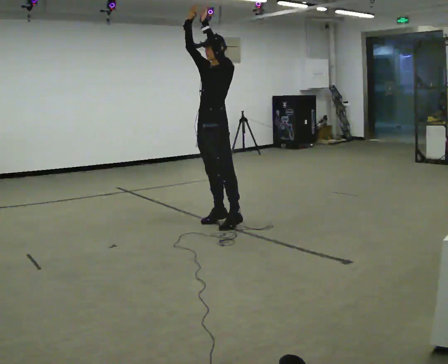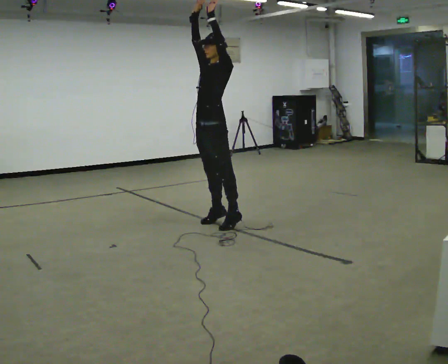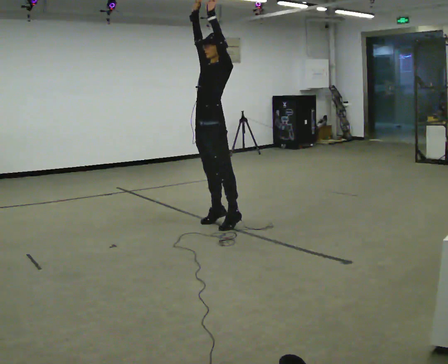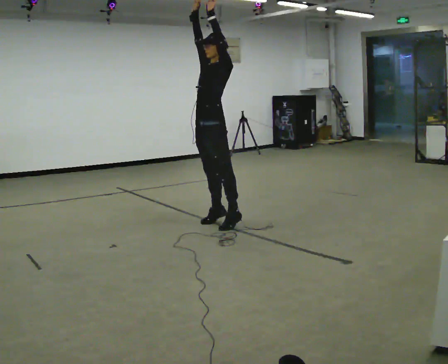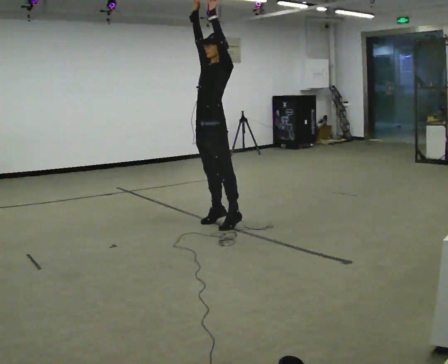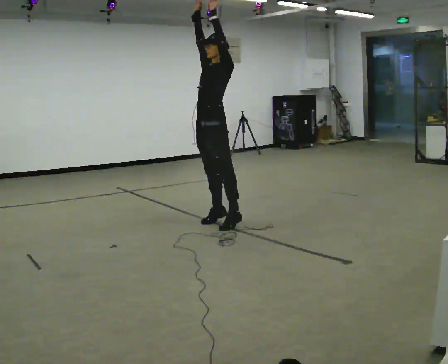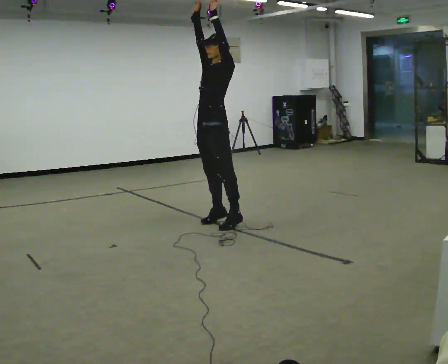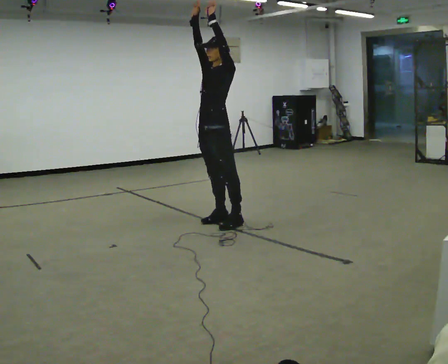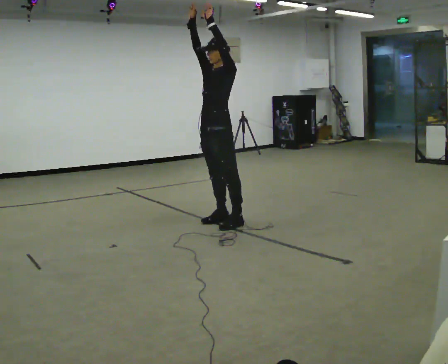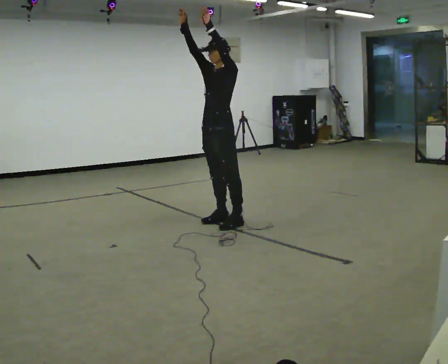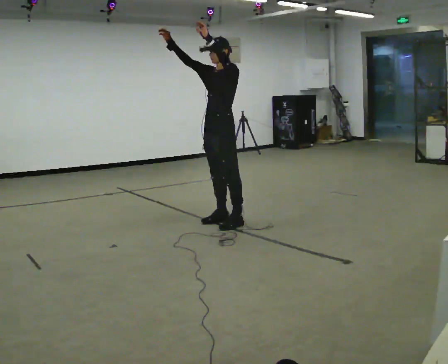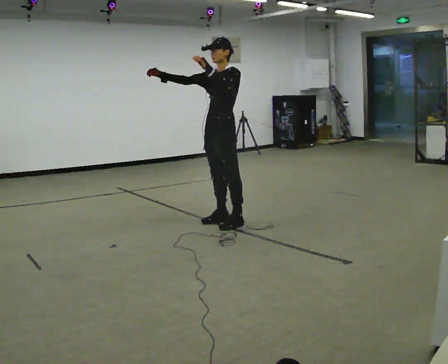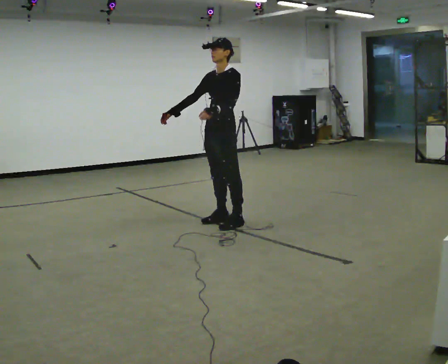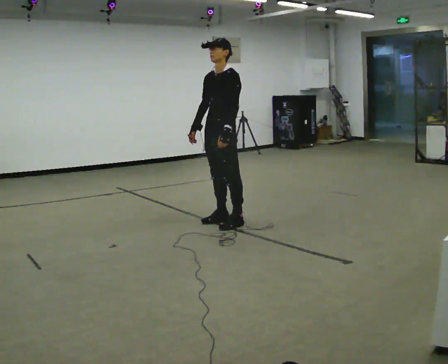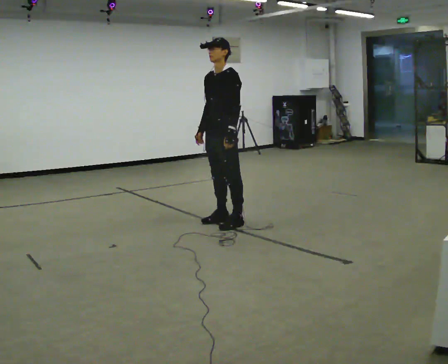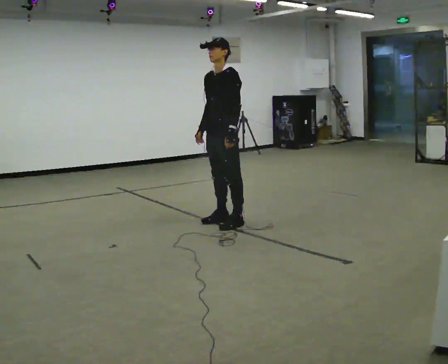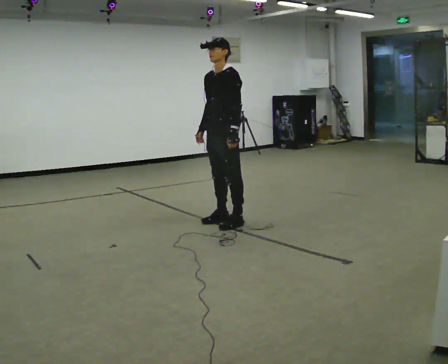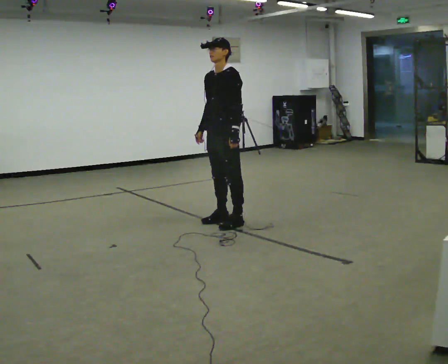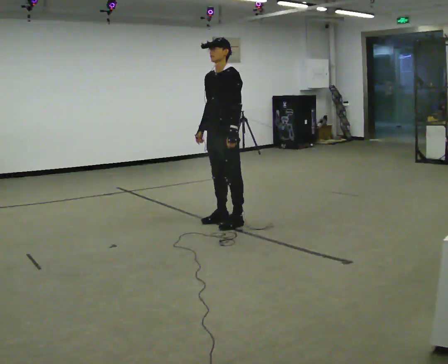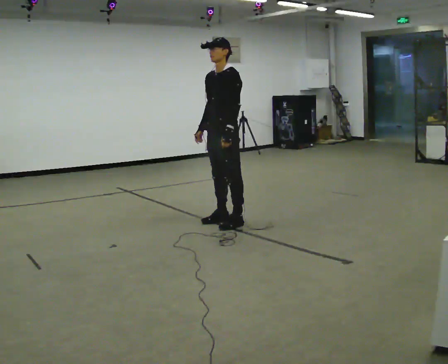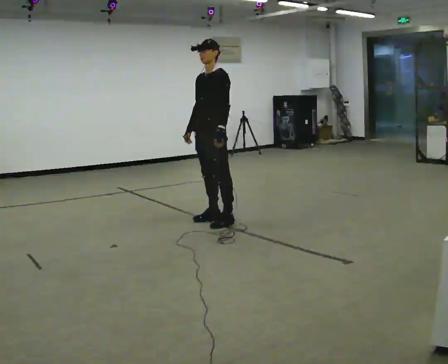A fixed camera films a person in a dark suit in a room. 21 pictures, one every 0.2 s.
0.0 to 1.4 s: The person moves a little, or ends about where they began.
1.4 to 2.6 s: In the picture their right hand goes downward, the arm swinging counterclockwise.
2.6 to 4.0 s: The person moves a little, or ends about where they began.
The film runs backward here.
